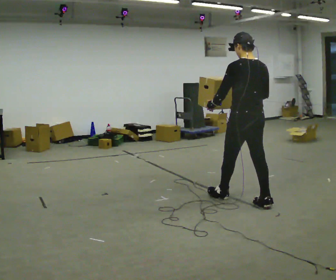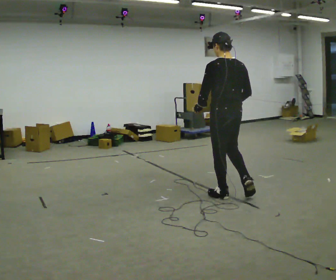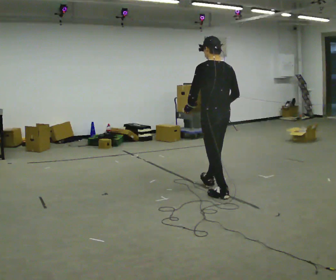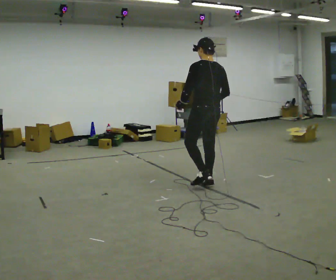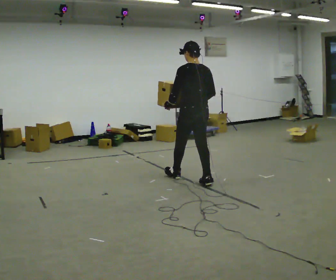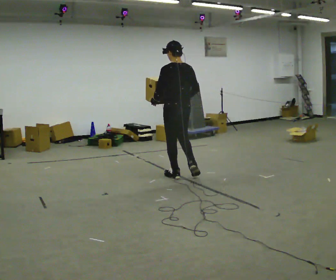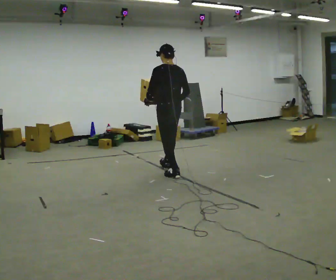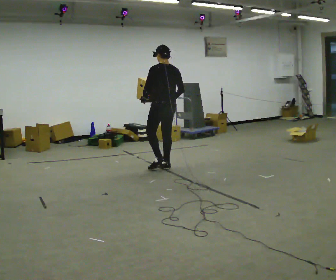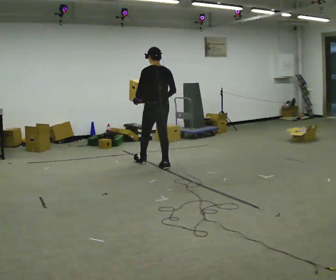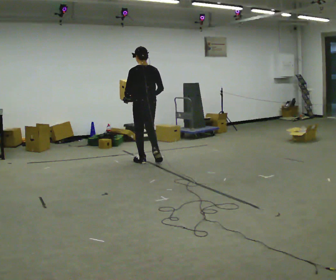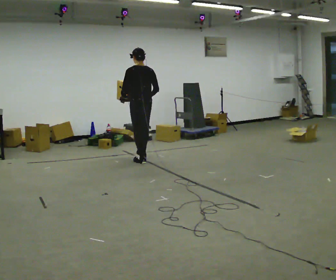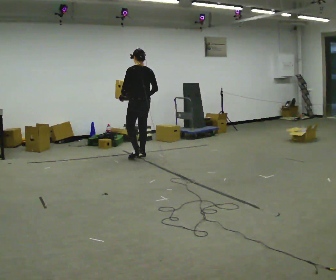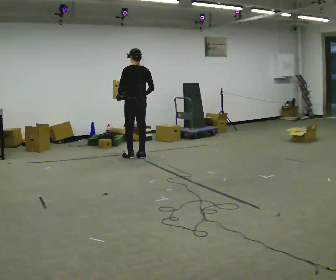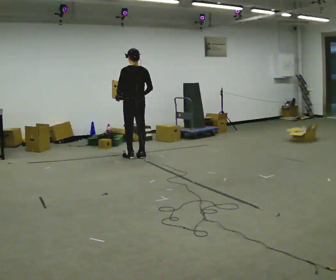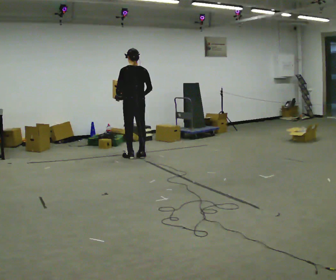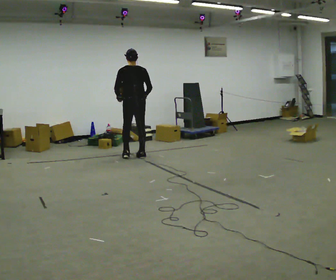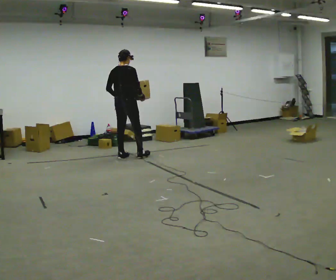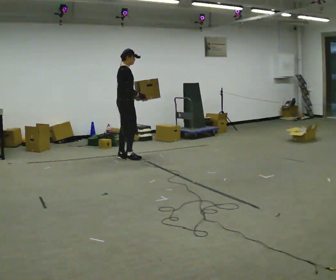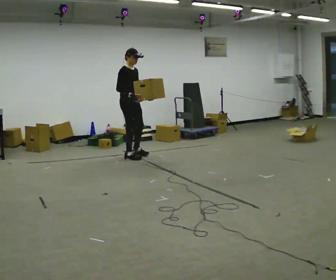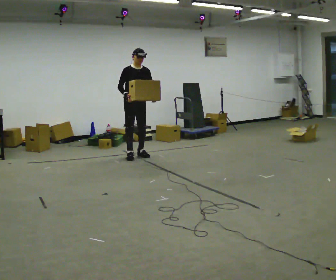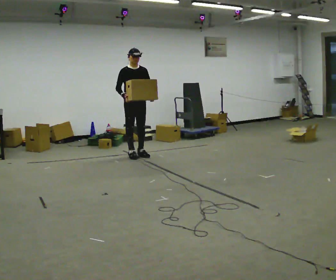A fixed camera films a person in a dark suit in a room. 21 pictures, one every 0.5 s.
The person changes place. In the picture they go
away from the camera.
0.0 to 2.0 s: In the picture they go away from the camera and to the left, about 1 m in 2 steps, which for them is forward.
2.0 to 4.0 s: In the picture they go away from the camera and to the left, about 1 m in 2 steps, which for them is forward.
4.0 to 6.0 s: In the picture they go away from the camera and to the left, about 0.5 m in 2 steps, which for them is forward.
6.0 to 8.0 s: The person turns about 60 degrees to their right, clockwise seen from above, so the part of the body nearest the lens slides to the left. In the picture they go to the left, about 0.25 m in 1 step.
8.0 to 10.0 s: Seen from above the body turns clockwise, about 120 degrees: to their right, with its near side sliding to the left. In the picture they go to the right, about 0.25 m in 2 steps. In the picture their left hand goes to the right, the arm swinging counterclockwise.
The film runs forward here.
